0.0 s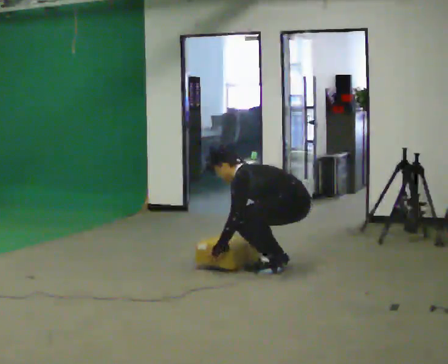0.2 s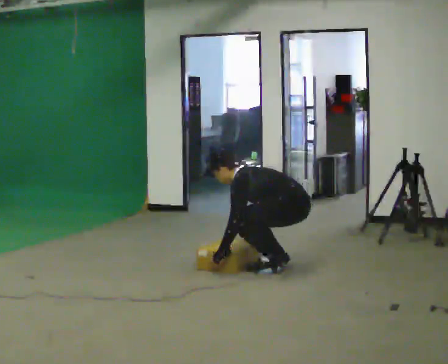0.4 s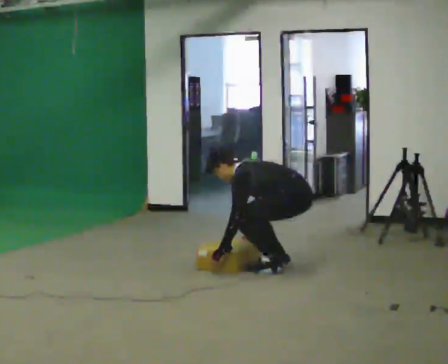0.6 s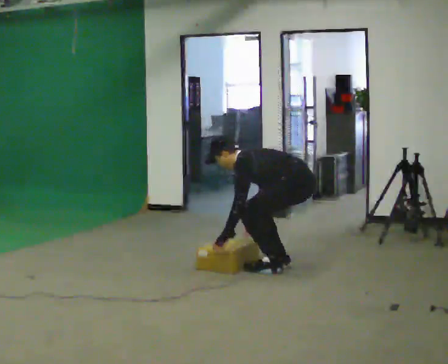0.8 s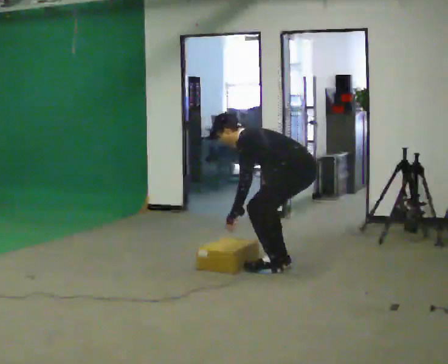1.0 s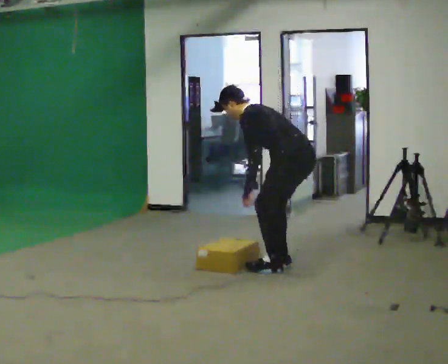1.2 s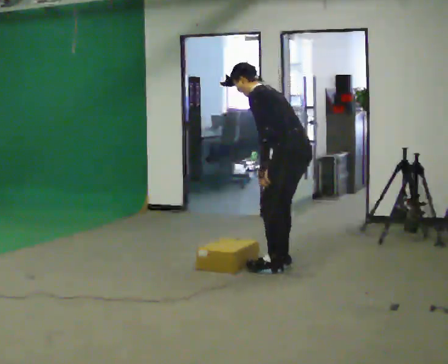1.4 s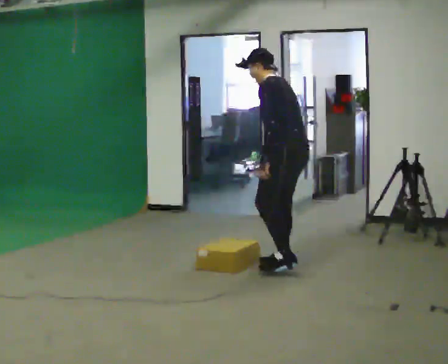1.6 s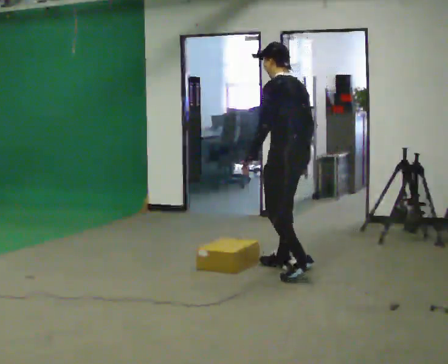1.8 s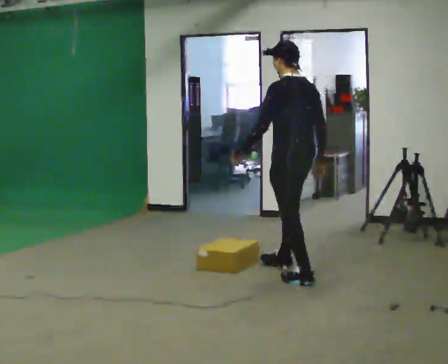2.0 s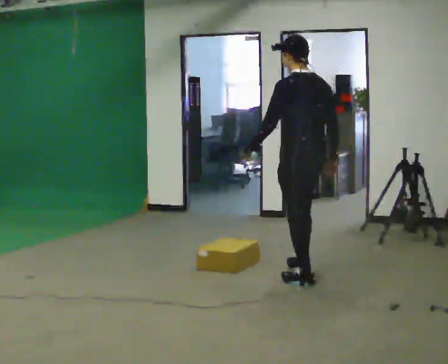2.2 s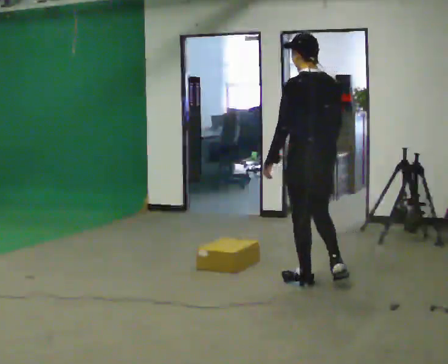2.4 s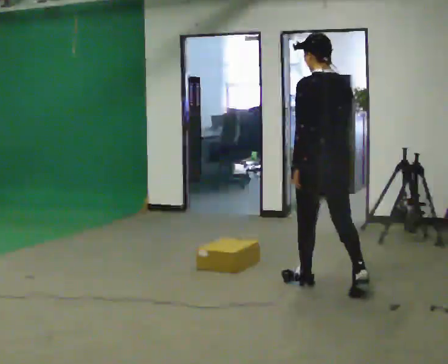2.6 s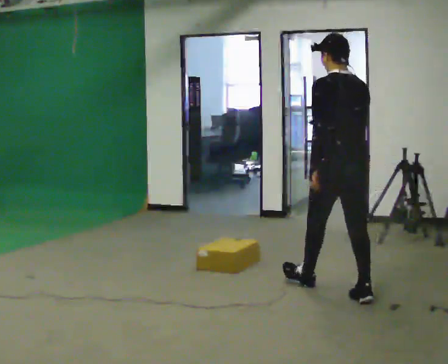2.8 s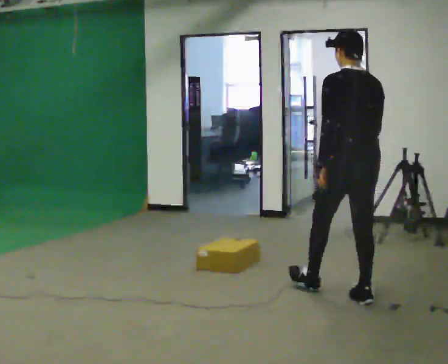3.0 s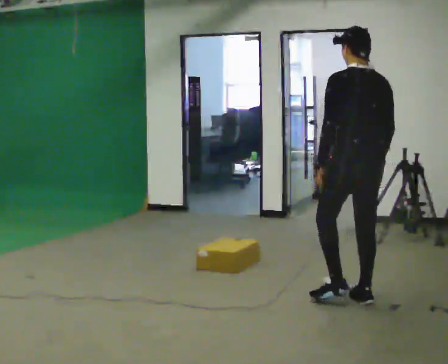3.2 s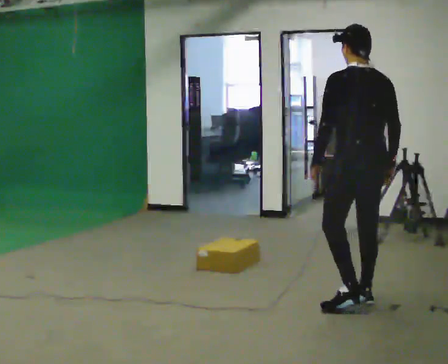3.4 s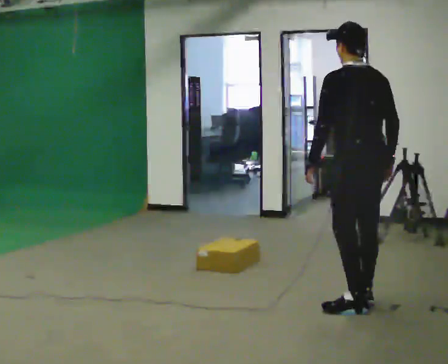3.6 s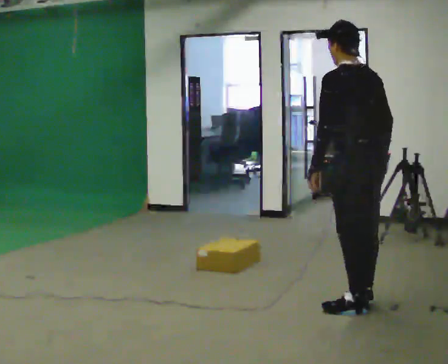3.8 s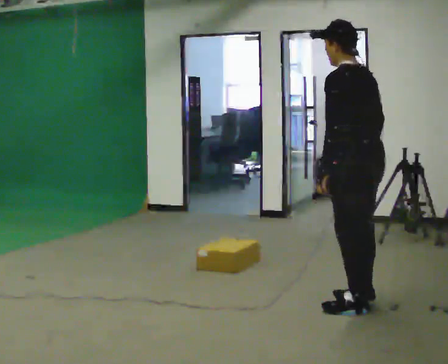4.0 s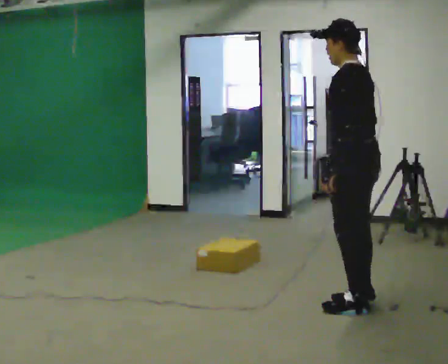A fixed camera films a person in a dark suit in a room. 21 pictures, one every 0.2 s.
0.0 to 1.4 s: The upper body goes upward. In the picture the upper body tilts clockwise, shoulders to the right, as they lean back or straighten. In the picture their right hand goes upward and to the right.
1.4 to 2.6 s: Seen from above the body turns clockwise, about 45 degrees: to their right, with its near side sliding to the left. In the picture they go toward the camera and to the right, about 1 m in 1 step, which for them is backward. In the picture the upper body tilts clockwise, shoulders to the right.
2.6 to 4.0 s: The part of the body nearest the lens slides to the right as the person turns to their left by about 30 degrees. In the picture they go toward the camera, about 0.25 m in 1 step, which for them is backward and to their left.
The film runs backward here.
